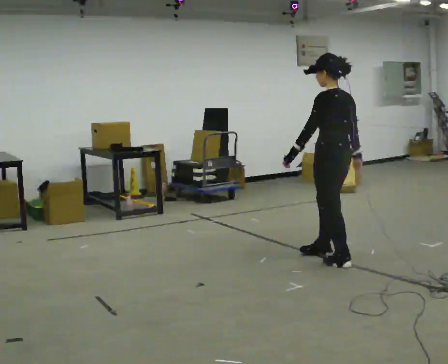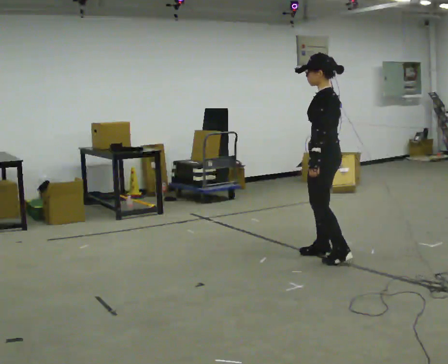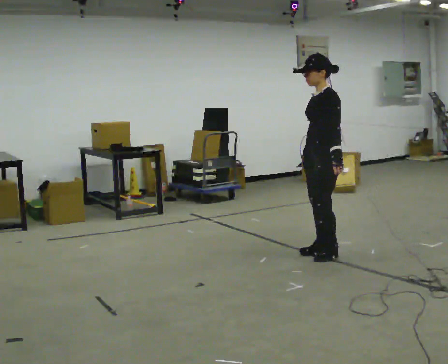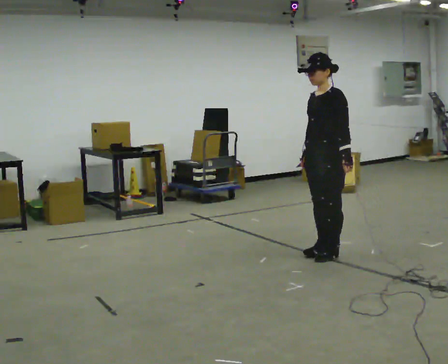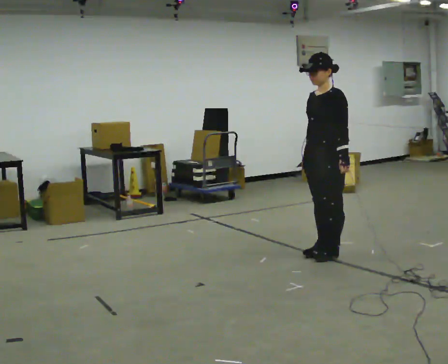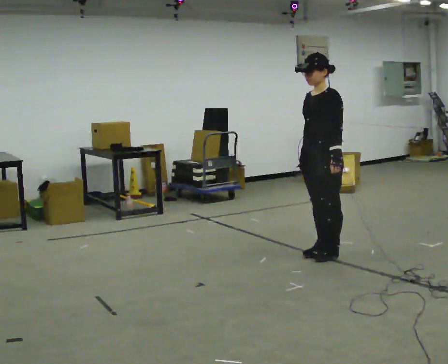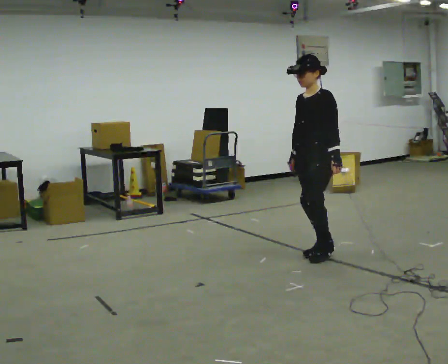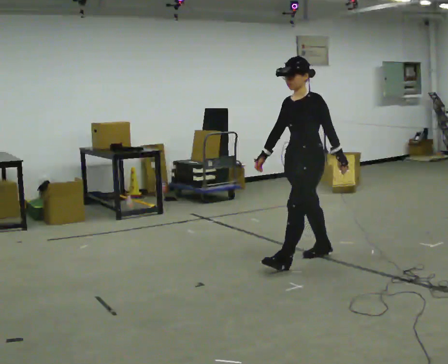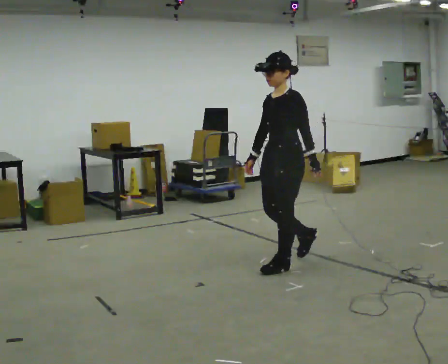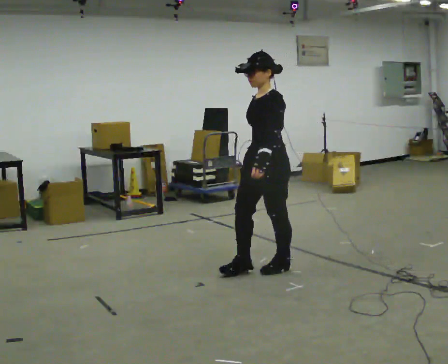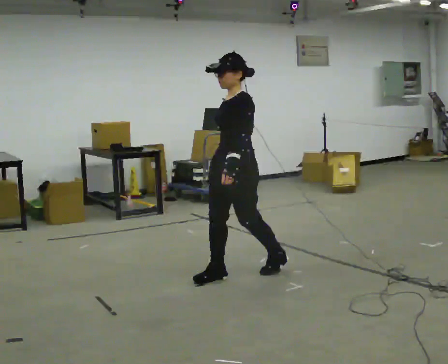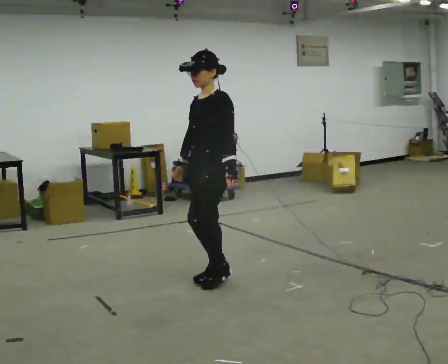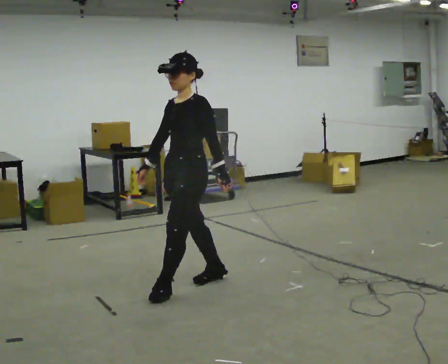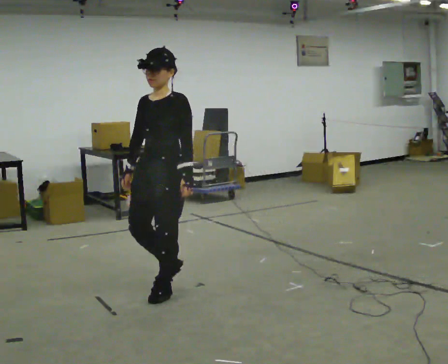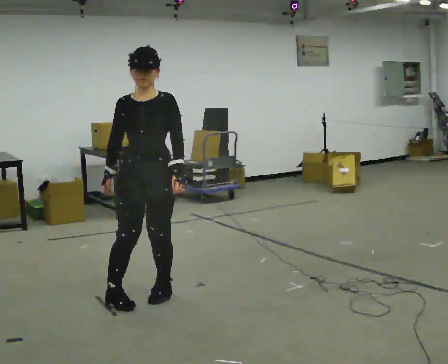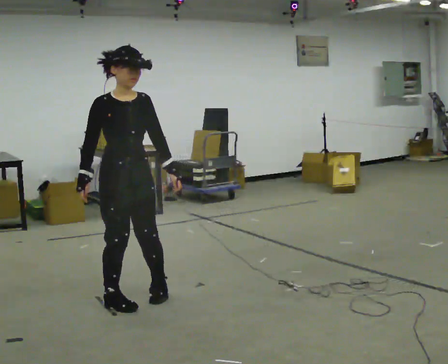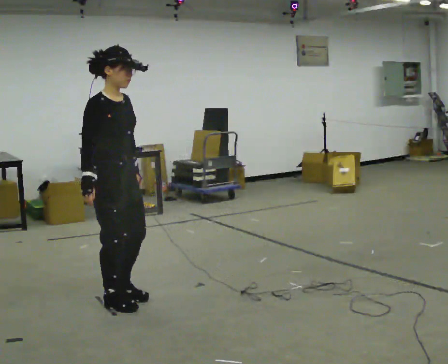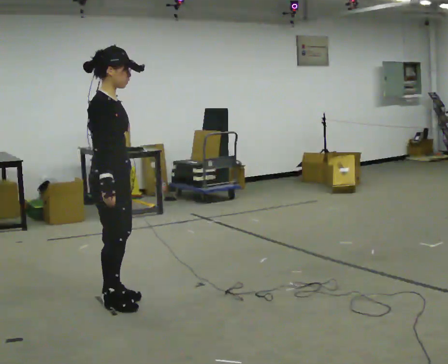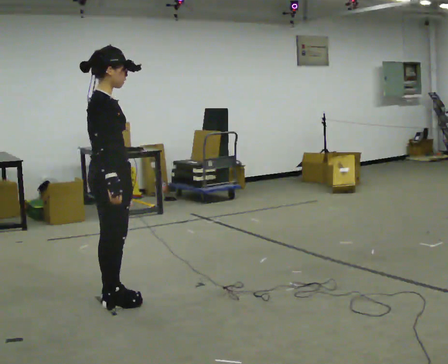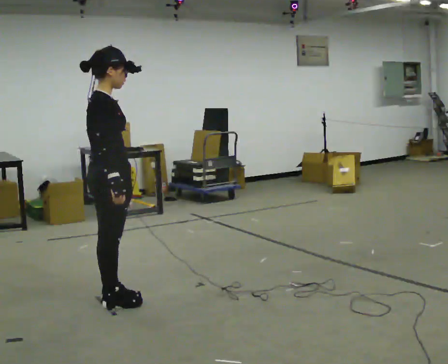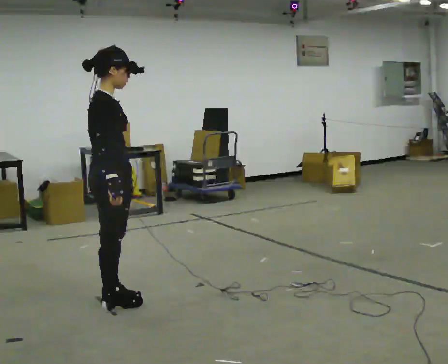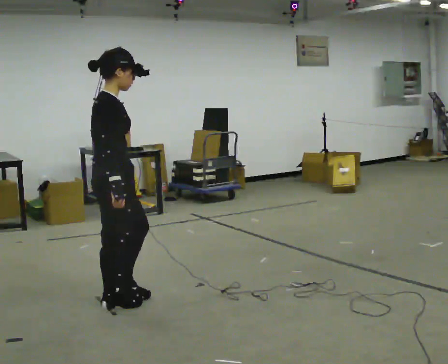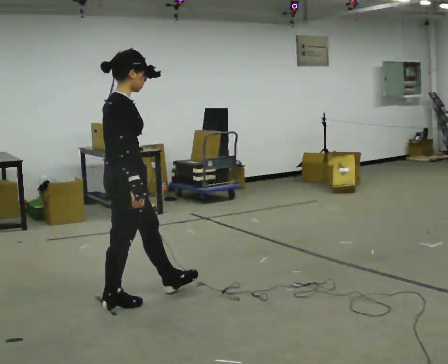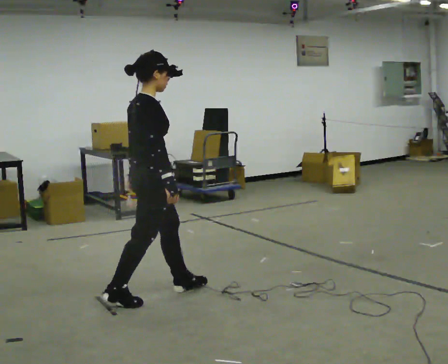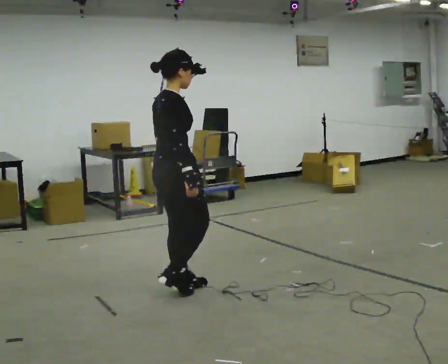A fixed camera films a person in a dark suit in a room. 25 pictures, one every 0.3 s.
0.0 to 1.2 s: Seen from above the body turns counterclockwise, about 75 degrees: to their left, with its near side sliding to the right. In the picture they go away from the camera, about 0.25 m in 1 step. In the picture their left hand goes to the right.
1.2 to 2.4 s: In the picture they go to the left and toward the camera, about 0.5 m in 1 step, which for them is forward.
2.4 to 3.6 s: In the picture they go to the left and toward the camera, about 1 m in 2 steps, which for them is forward.
3.6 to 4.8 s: The person turns about 120 degrees to their left, counterclockwise seen from above, so the part of the body nearest the lens slides to the right. In the picture they go to the left and toward the camera, about 0.5 m in 1 step.
4.8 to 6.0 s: Seen from above the body turns counterclockwise, about 30 degrees: to their left, with its near side sliding to the right.
6.0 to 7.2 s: In the picture they go to the right and away from the camera, about 0.5 m in 1 step, which for them is forward.
The film runs forward here.
